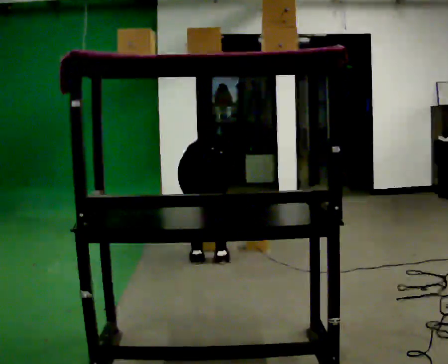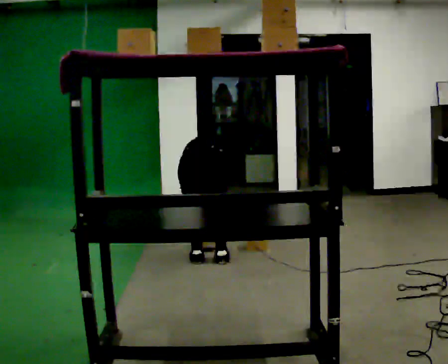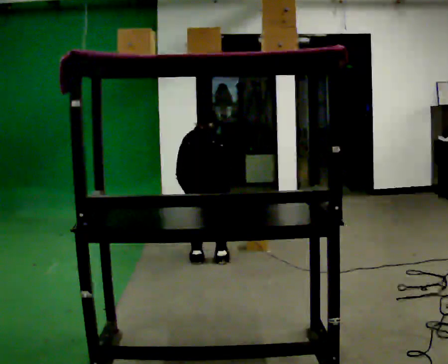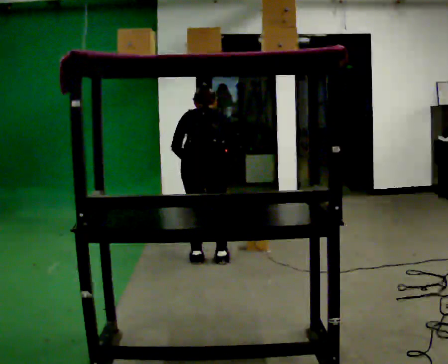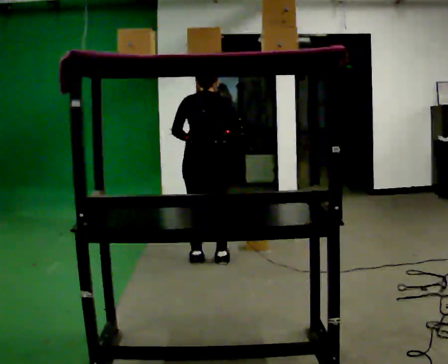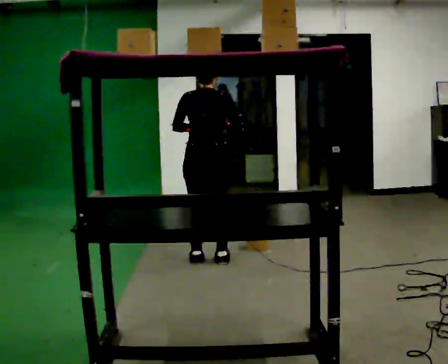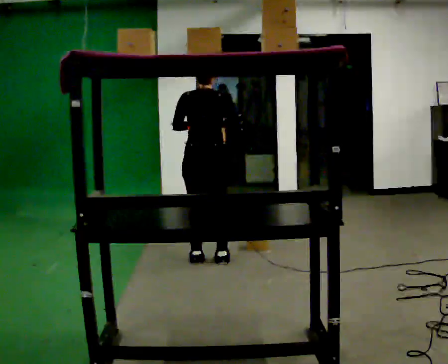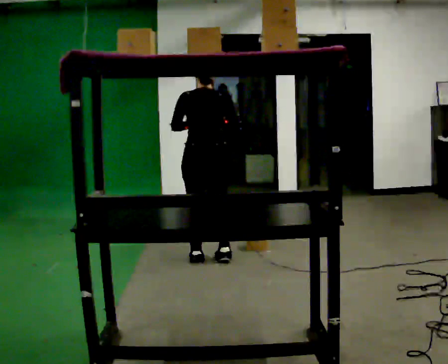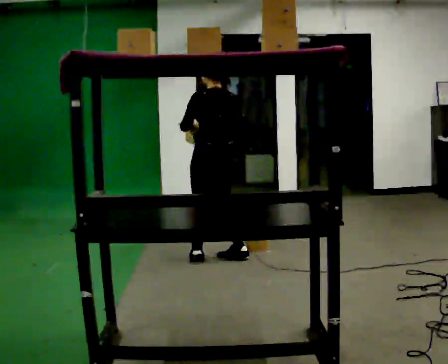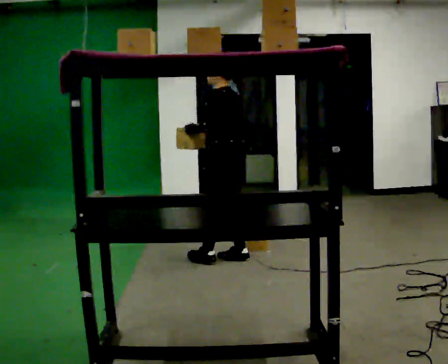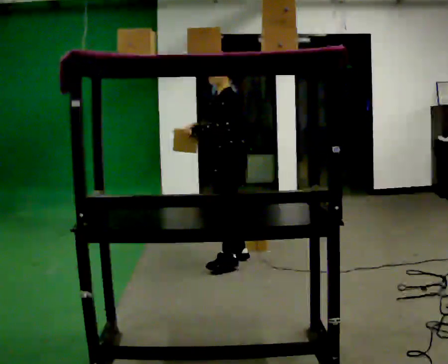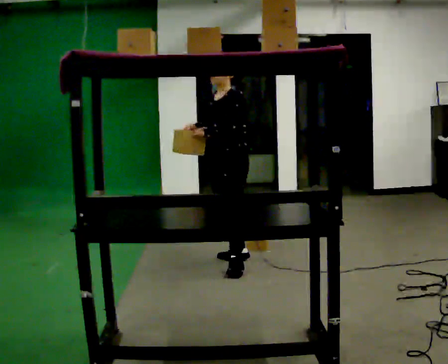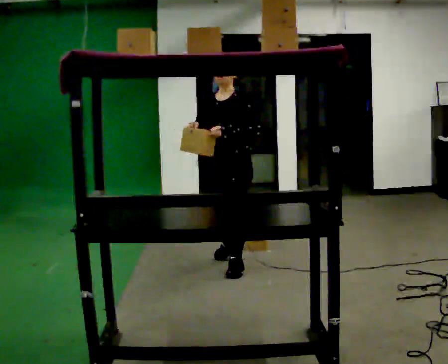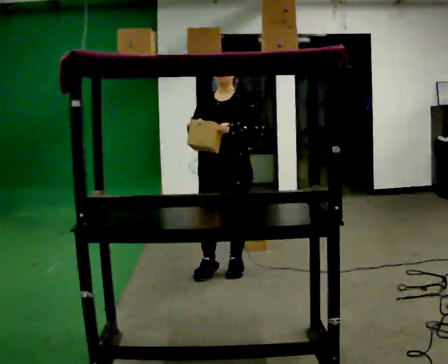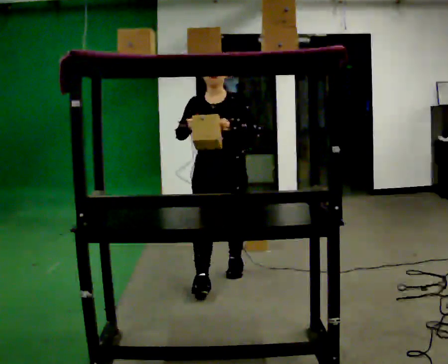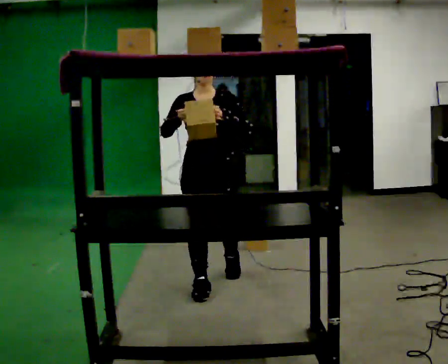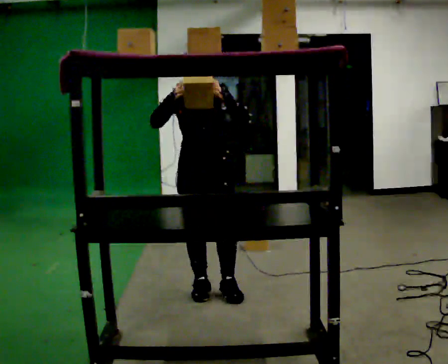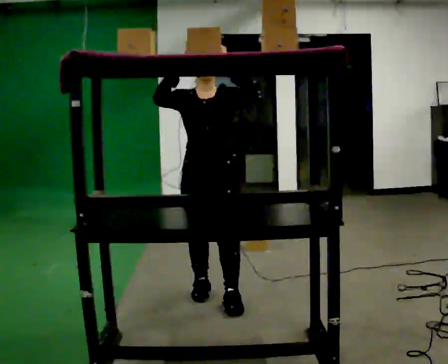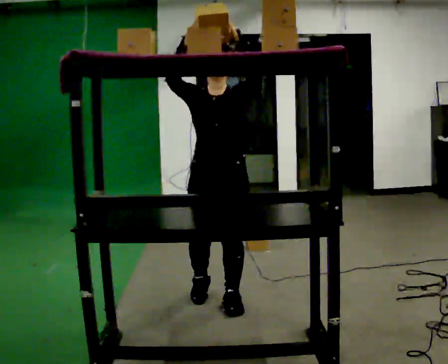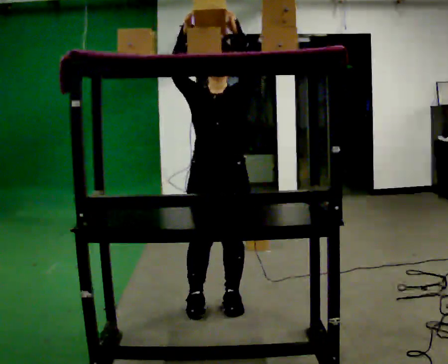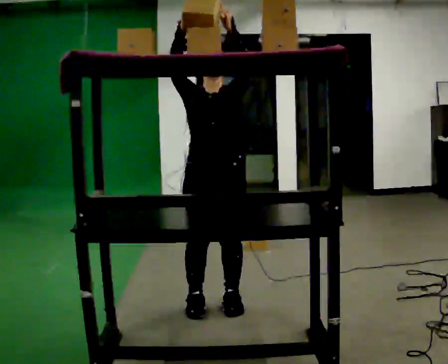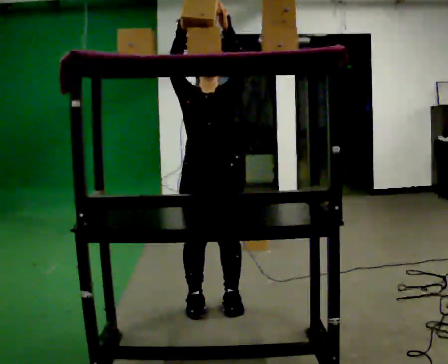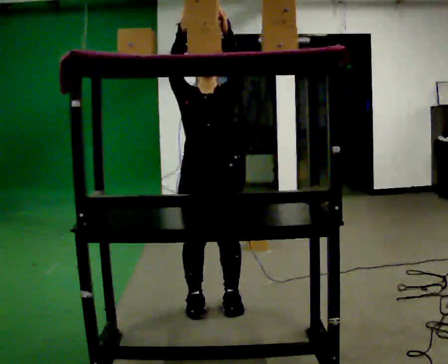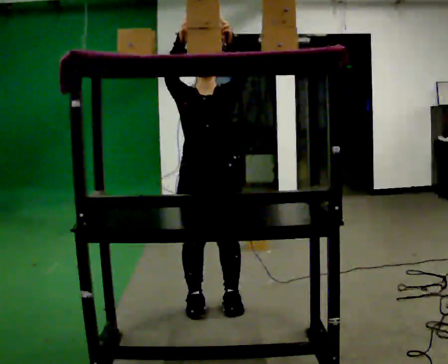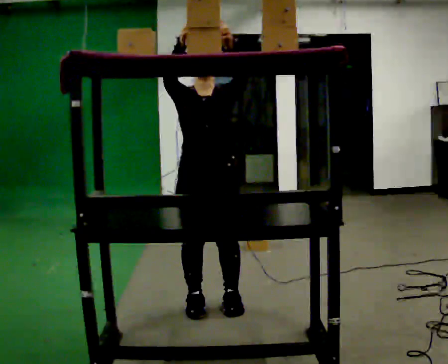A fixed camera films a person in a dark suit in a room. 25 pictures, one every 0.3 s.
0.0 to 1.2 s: The upper body goes upward. The upper body tips toward the camera, its near side rolling downward, as they lean back or straighten. In the picture their right hand goes upward.
1.2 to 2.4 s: The part of the body nearest the lens slides to the right as the person turns to their left by about 45 degrees.
2.4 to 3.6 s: The person turns about 105 degrees to their left, counterclockwise seen from above, so the part of the body nearest the lens slides to the right. In the picture they go toward the camera, about 0.25 m in 1 step.
3.6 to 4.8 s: Seen from above the body turns counterclockwise, about 30 degrees: to their left, with its near side sliding to the right. In the picture they go toward the camera, about 0.5 m in 1 step, which for them is forward.
4.8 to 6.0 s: In the picture they go toward the camera, about 0.25 m in 2 steps, which for them is forward. In the picture their left hand goes upward.
6.0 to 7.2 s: The person moves a little, or ends about where they began.
The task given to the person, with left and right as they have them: Carry the object across the room and place it on the shelf just at the top of your comfortable reach. Keep going until the operator says stop; one object at a time, and do not rush between trips.
The film runs forward here.
